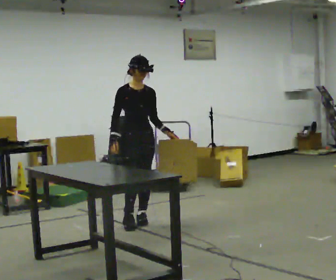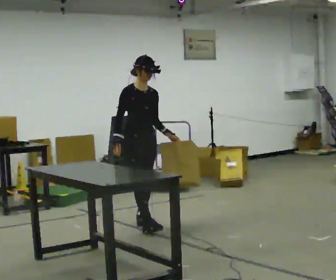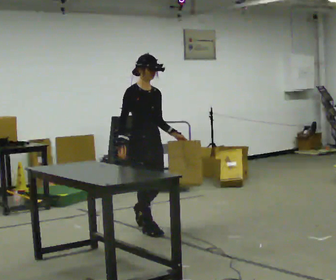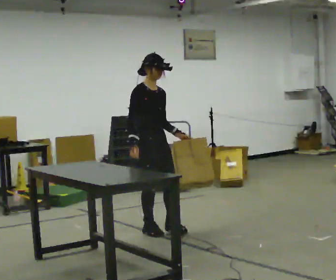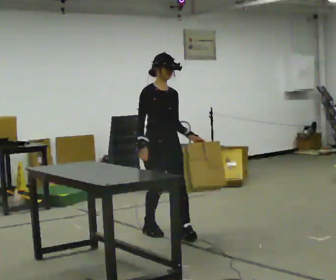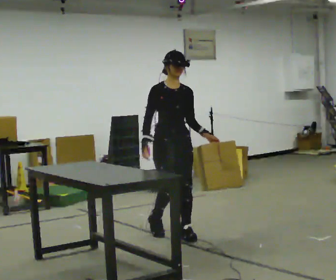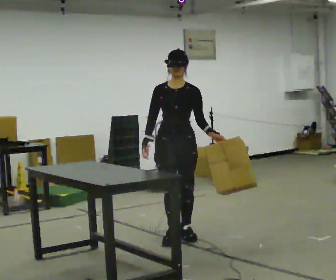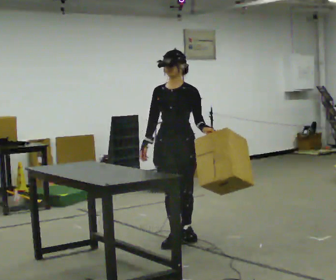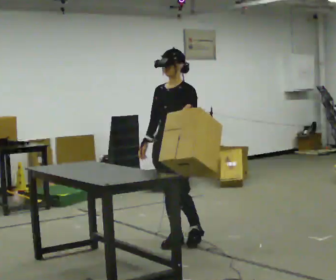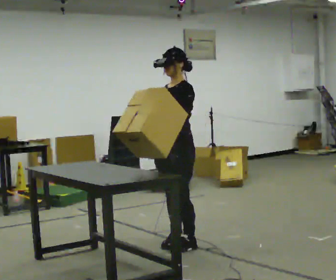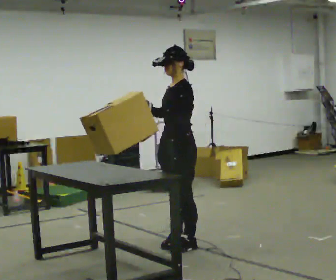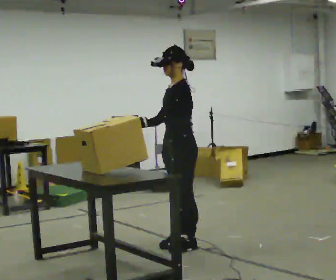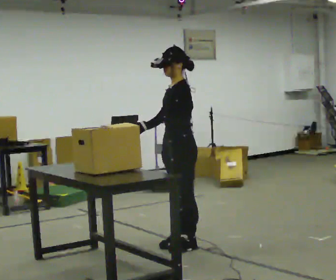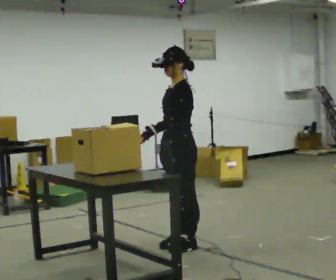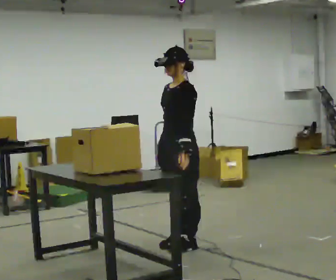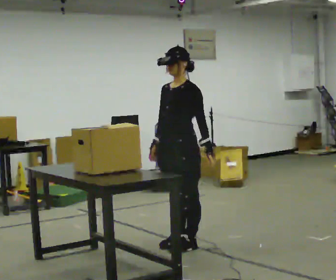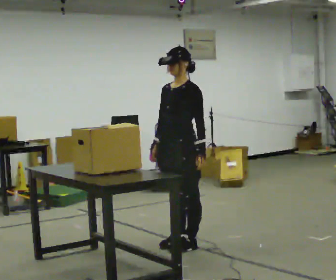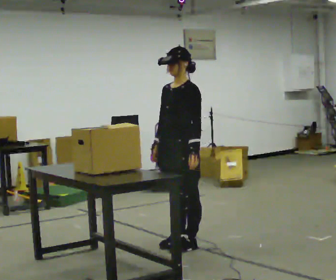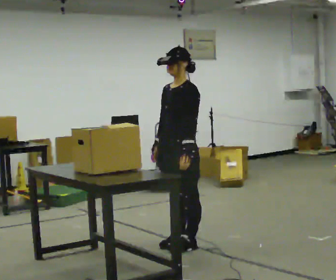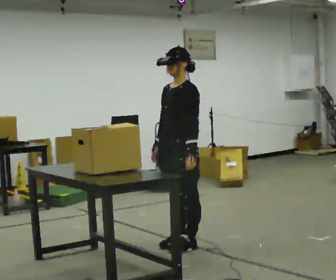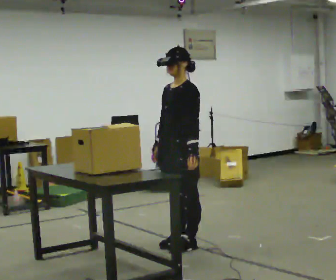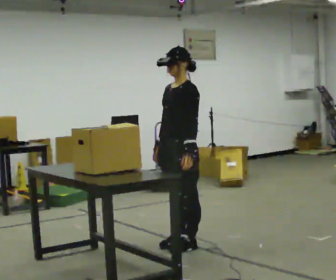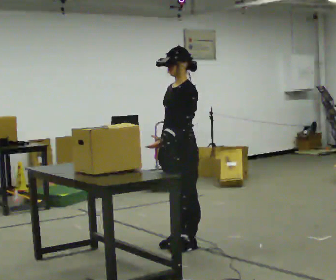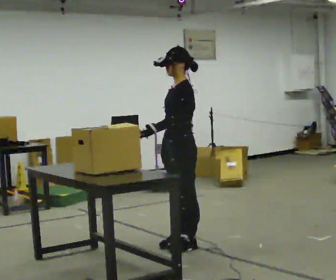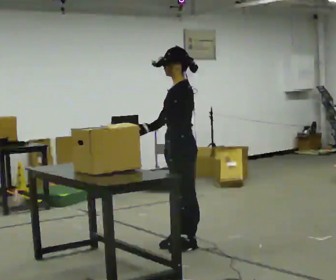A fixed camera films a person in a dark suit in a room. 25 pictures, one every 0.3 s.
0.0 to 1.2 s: In the picture they go toward the camera and to the right, about 0.5 m in 2 steps, which for them is forward.
1.2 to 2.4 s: The person turns about 75 degrees to their right, clockwise seen from above, so the part of the body nearest the lens slides to the left. In the picture they go toward the camera, about 0.25 m in 1 step.
2.4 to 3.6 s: The part of the body nearest the lens slides to the left as the person turns to their right by about 45 degrees. In the picture their left hand goes to the left.
3.6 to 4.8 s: The person turns about 45 degrees to their left, counterclockwise seen from above, so the part of the body nearest the lens slides to the right. In the picture their left hand goes to the right, the arm swinging counterclockwise.
4.8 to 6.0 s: The person moves a little, or ends about where they began.
6.0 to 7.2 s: The part of the body nearest the lens slides to the left as the person turns to their right by about 45 degrees. In the picture their left hand goes to the left, the arm swinging clockwise.
The film runs forward here.
